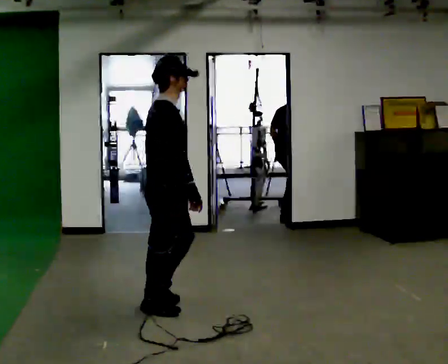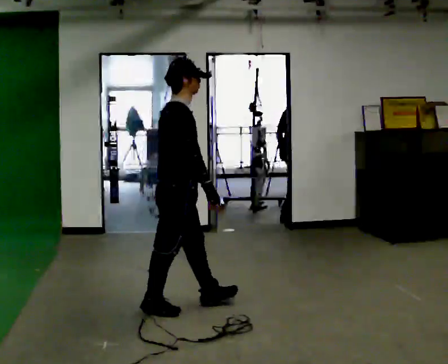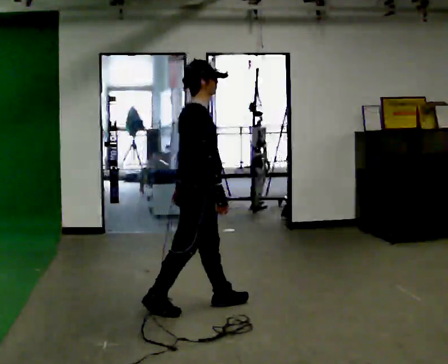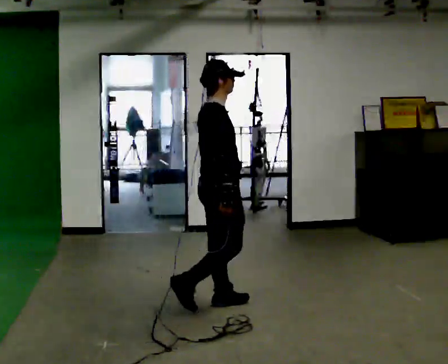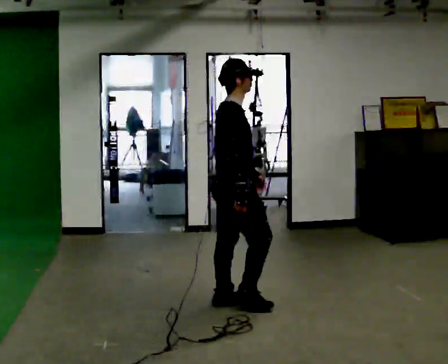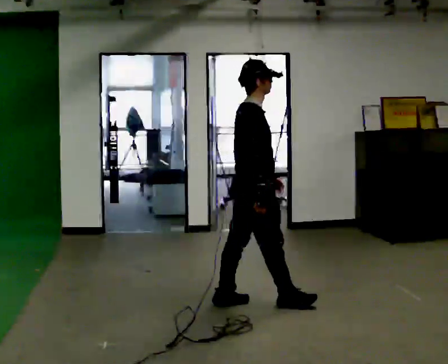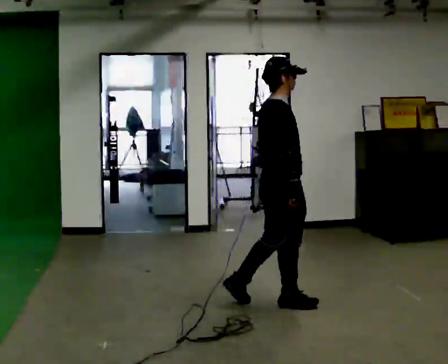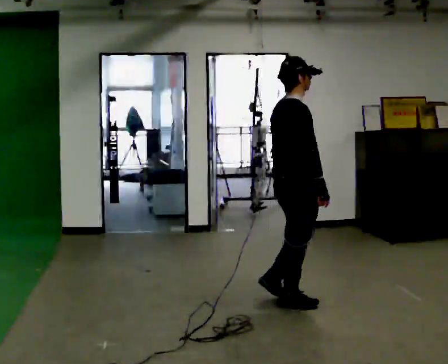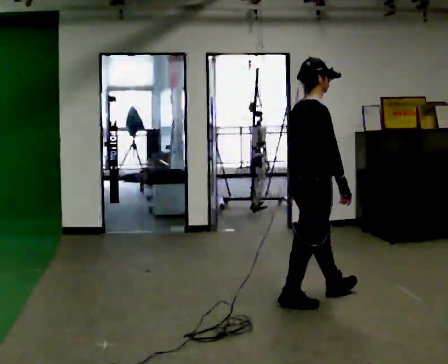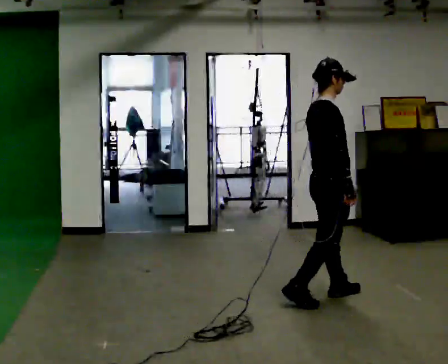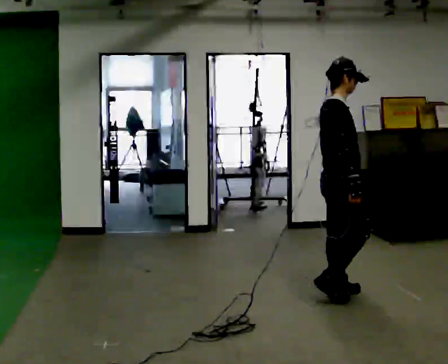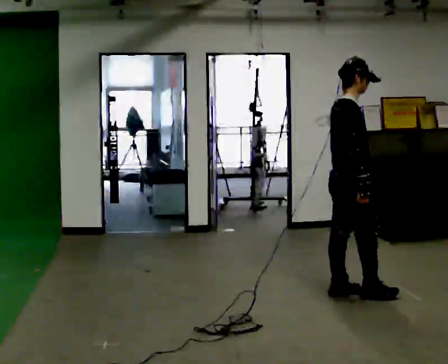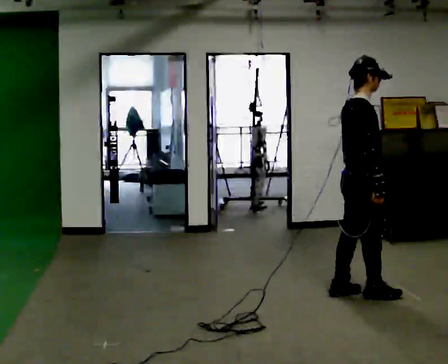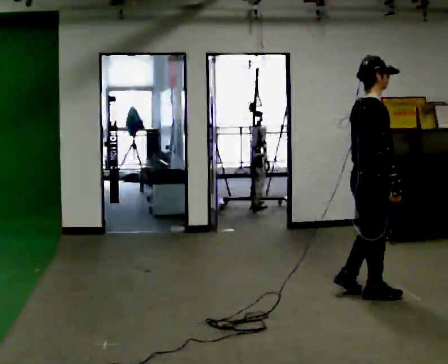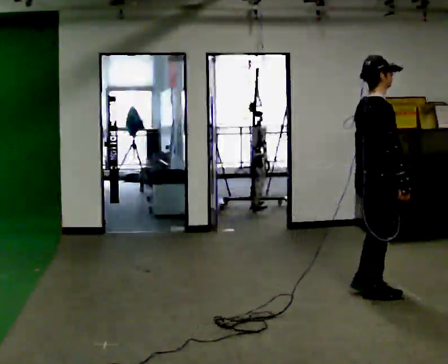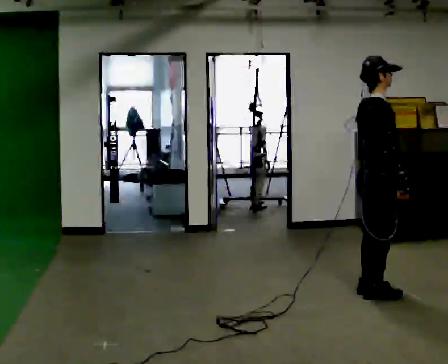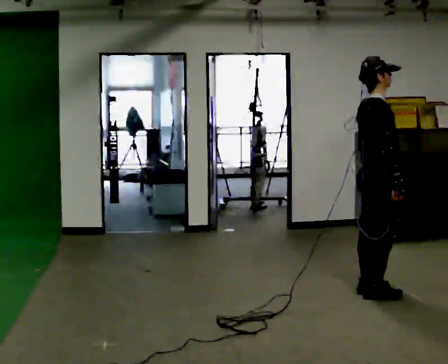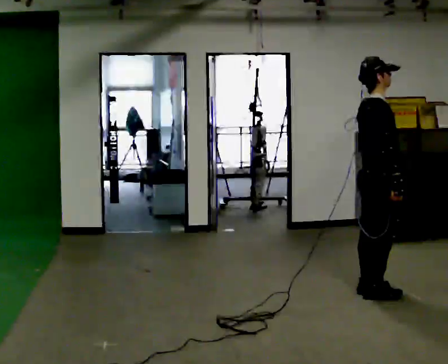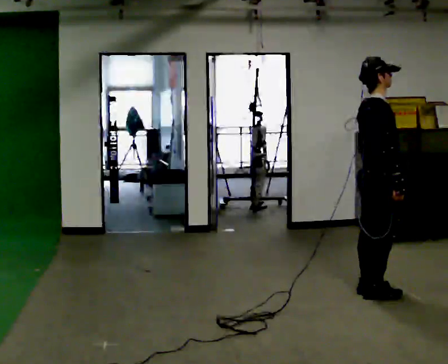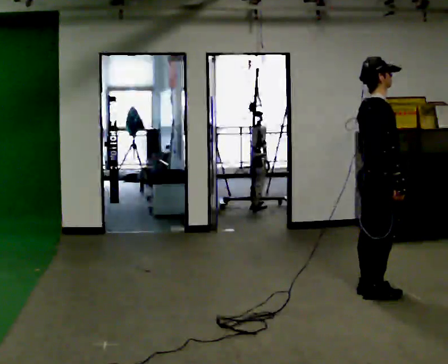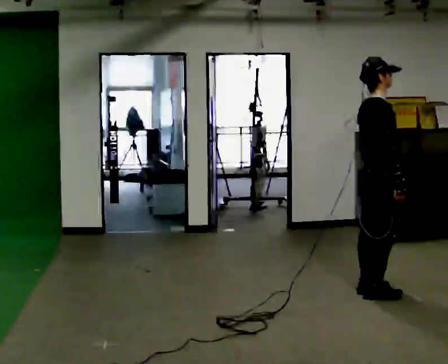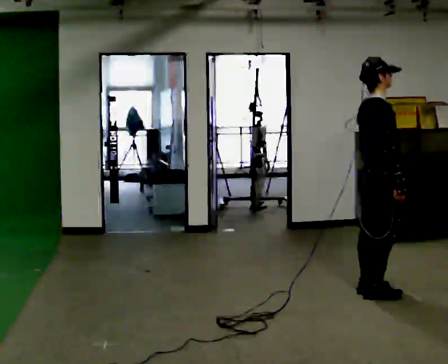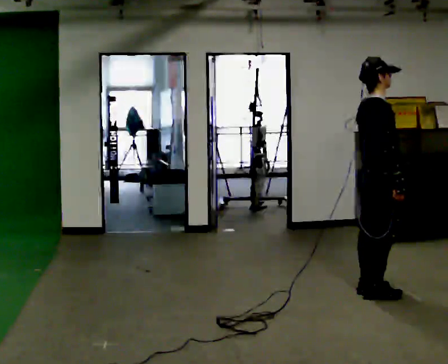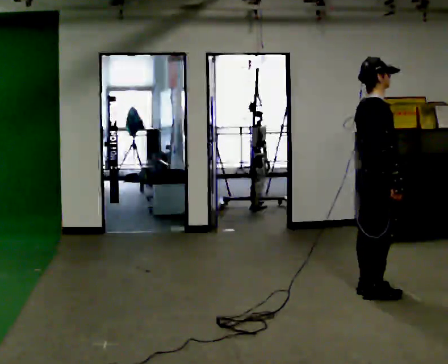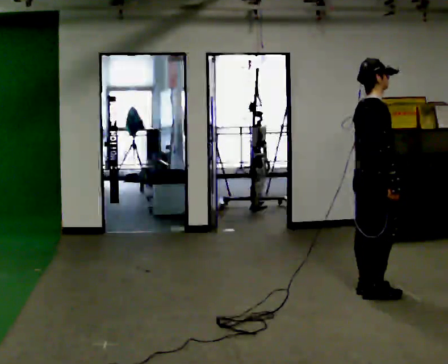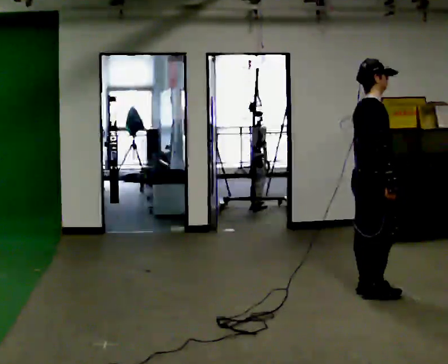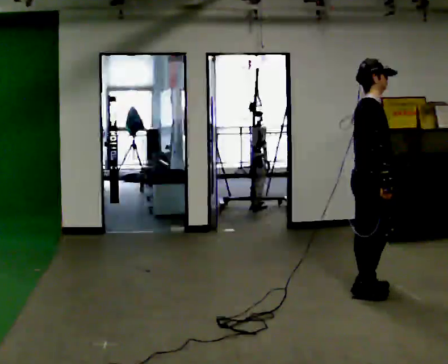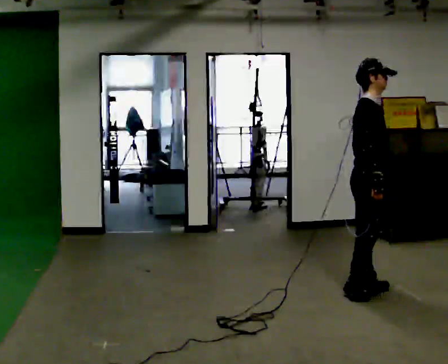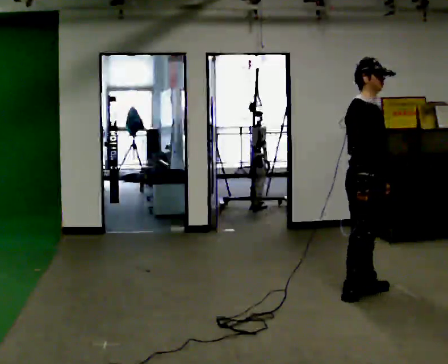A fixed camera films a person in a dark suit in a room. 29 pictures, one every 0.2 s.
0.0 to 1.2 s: In the picture they go to the right and away from the camera, about 1 m in 2 steps, which for them is forward.
1.2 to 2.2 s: In the picture they go to the right and away from the camera, about 0.5 m in 1 step, which for them is forward.
2.2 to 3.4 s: In the picture they go to the right, about 0.25 m in 2 steps, which for them is forward.
3.4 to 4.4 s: The person moves a little, or ends about where they began.
4.4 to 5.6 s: Seen from above the body turns clockwise, about 45 degrees: to their right, with its near side sliding to the left.
The film runs forward here.
